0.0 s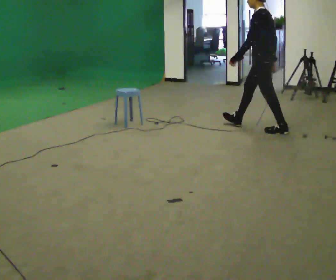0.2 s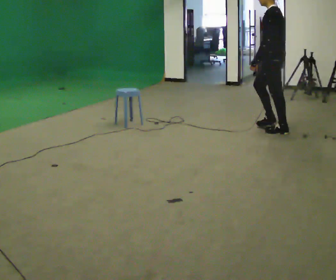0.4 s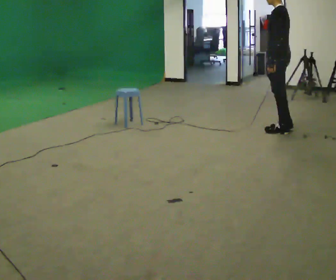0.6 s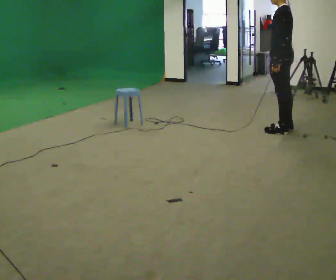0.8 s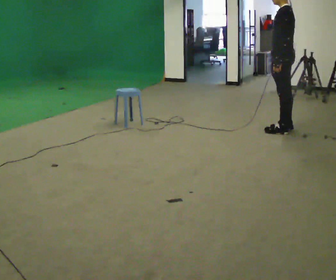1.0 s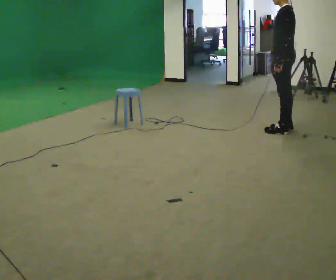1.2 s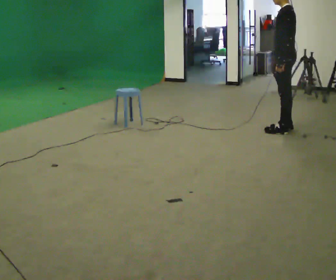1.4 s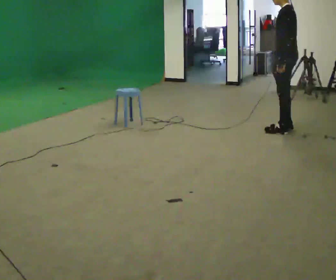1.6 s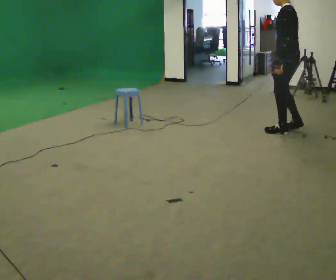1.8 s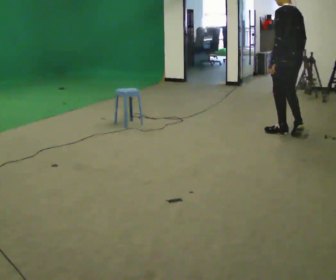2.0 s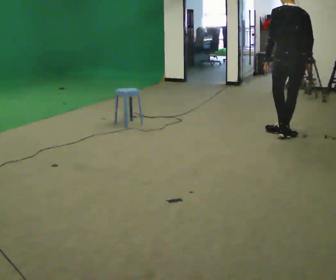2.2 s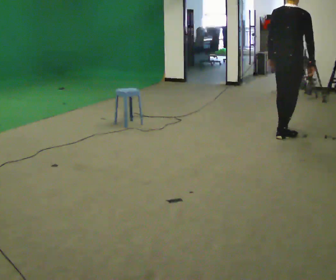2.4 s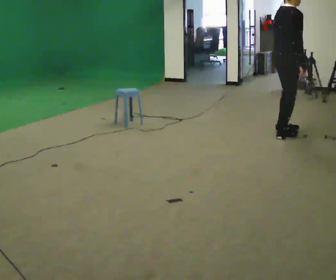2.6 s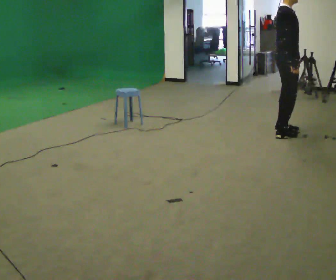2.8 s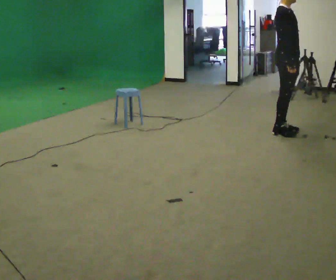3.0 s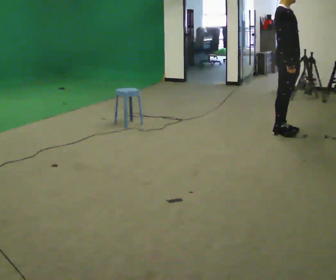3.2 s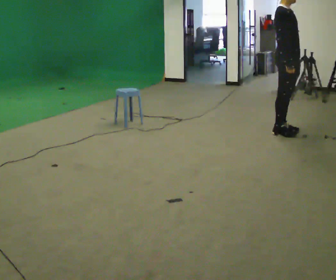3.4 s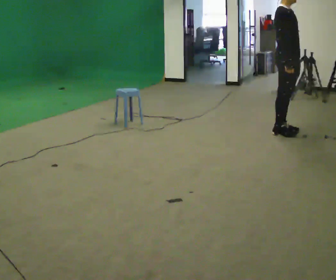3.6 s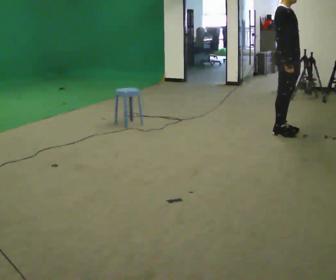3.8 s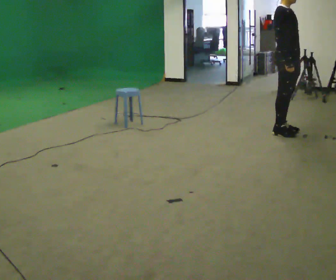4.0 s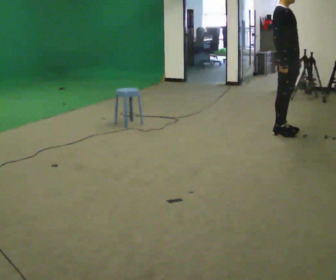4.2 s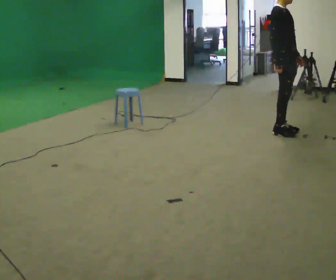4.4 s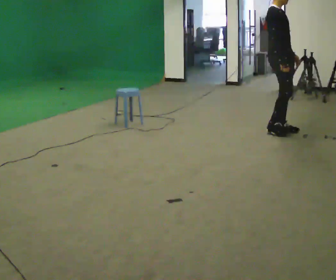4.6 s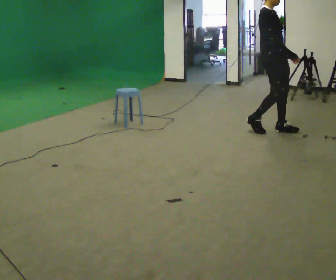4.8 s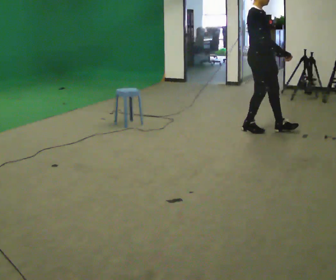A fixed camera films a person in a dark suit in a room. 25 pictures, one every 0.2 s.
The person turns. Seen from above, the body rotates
clockwise.
The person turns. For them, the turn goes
to their right.
0.0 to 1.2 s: In the picture they go to the right, about 0.25 m, which for them is backward.
1.2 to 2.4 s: Seen from above the body turns clockwise, about 150 degrees: to their right, with its near side sliding to the left. In the picture they go toward the camera, about 0.25 m in 1 step.
2.4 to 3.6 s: The person turns about 45 degrees to their right, clockwise seen from above, so the part of the body nearest the lens slides to the left.
3.6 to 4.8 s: In the picture they go to the left, about 0.25 m in 2 steps, which for them is backward.
The film runs backward here.
